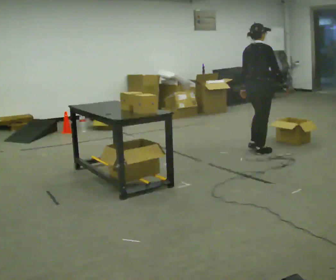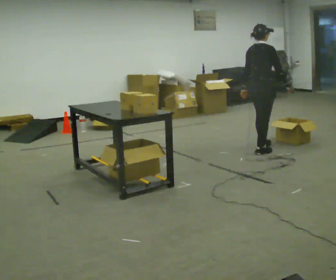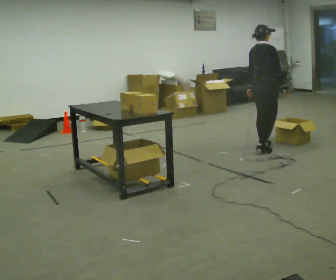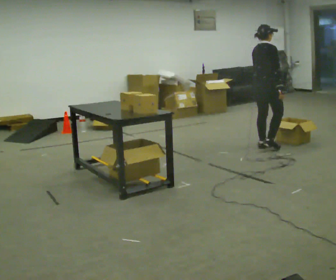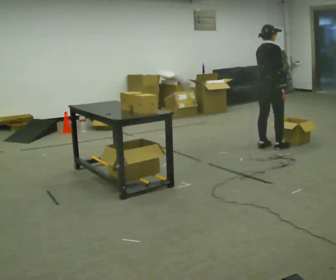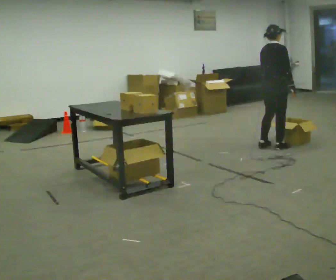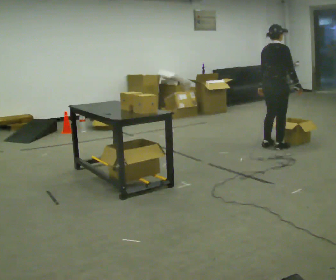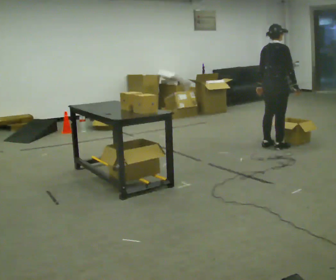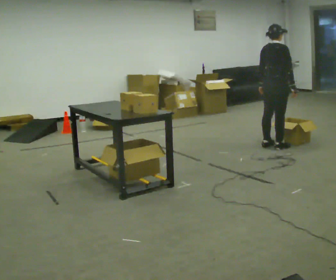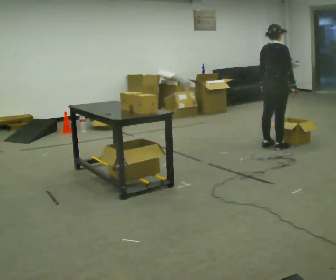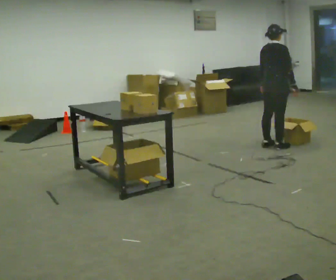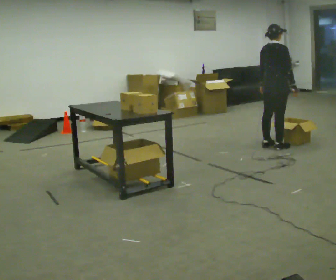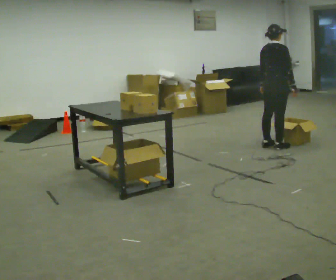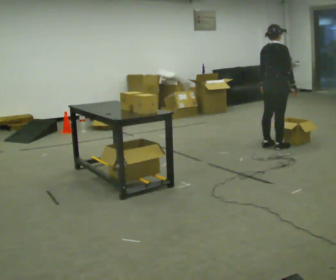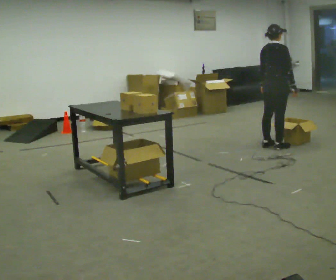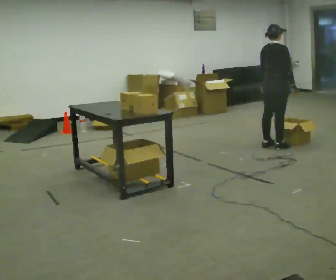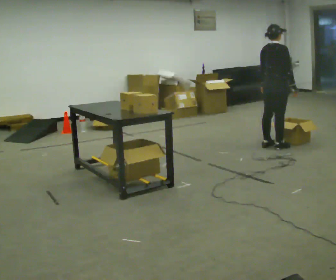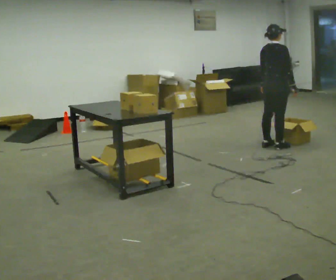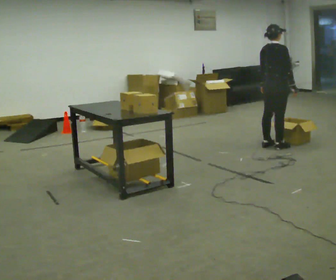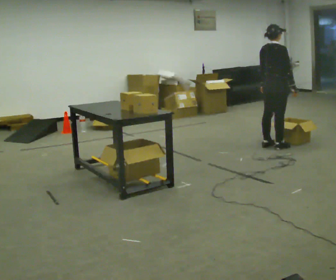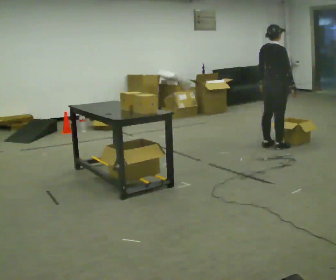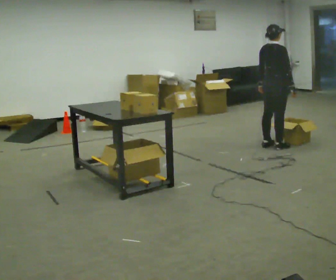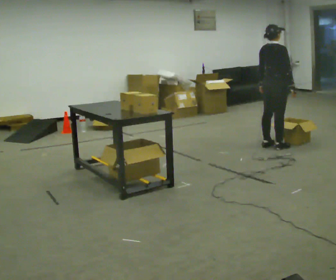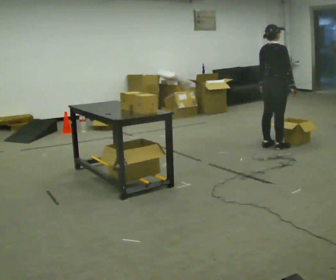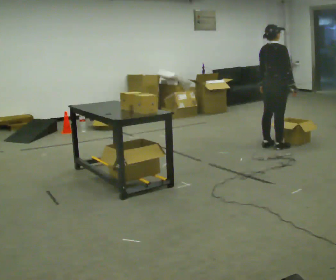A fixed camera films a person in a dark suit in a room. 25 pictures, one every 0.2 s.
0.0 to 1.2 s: In the picture they go away from the camera and to the right, about 0.25 m in 2 steps, which for them is forward.
1.2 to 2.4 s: The person moves a little, or ends about where they began.
2.4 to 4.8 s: The person keeps their place and pose.
The film runs forward here.
